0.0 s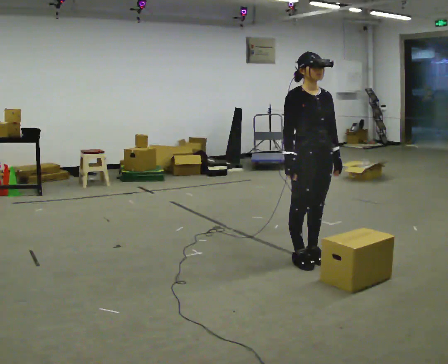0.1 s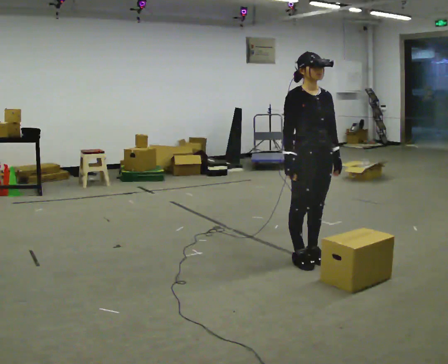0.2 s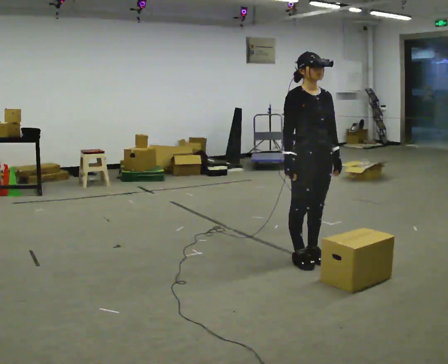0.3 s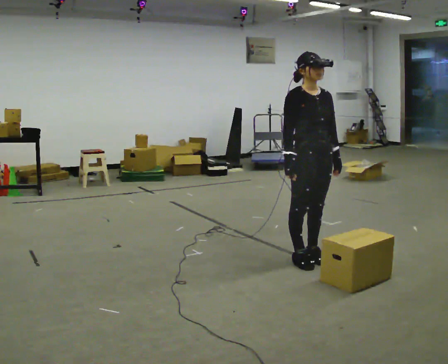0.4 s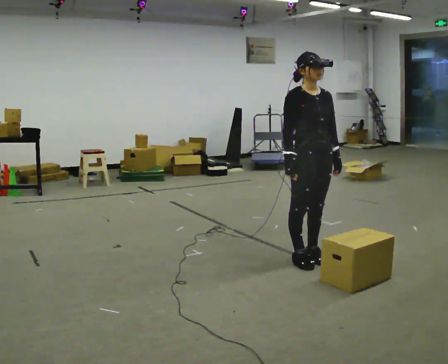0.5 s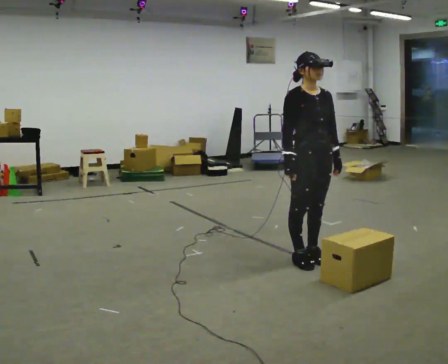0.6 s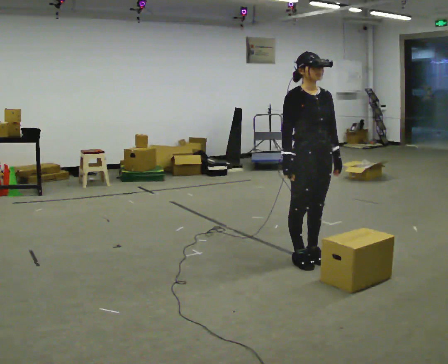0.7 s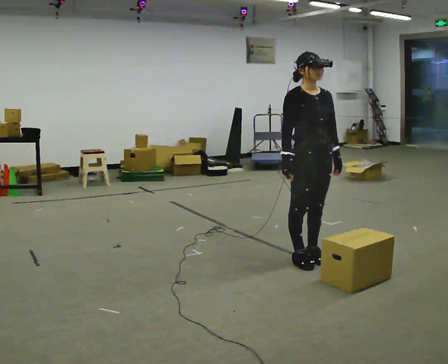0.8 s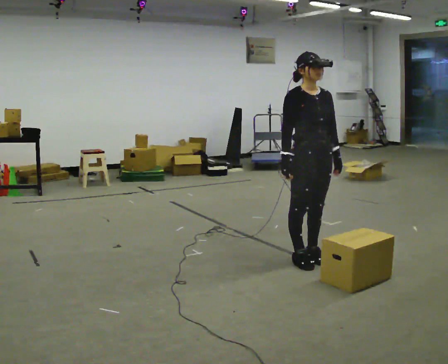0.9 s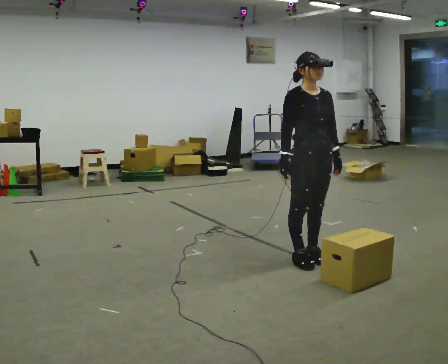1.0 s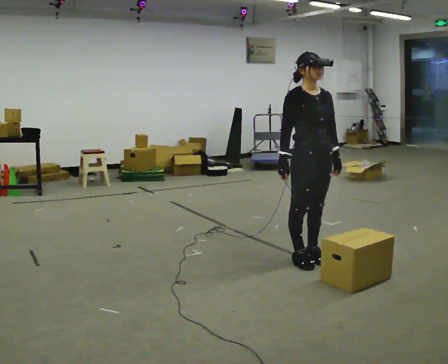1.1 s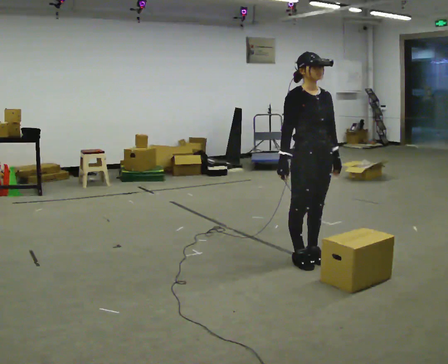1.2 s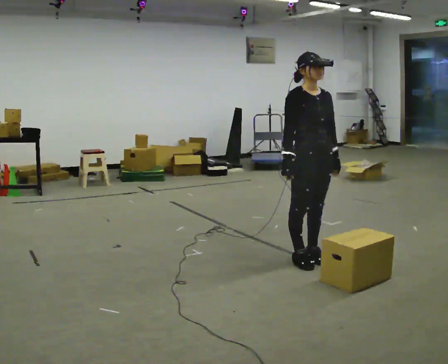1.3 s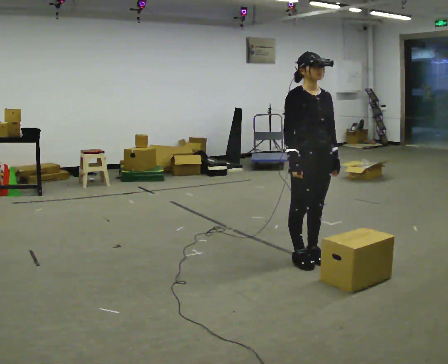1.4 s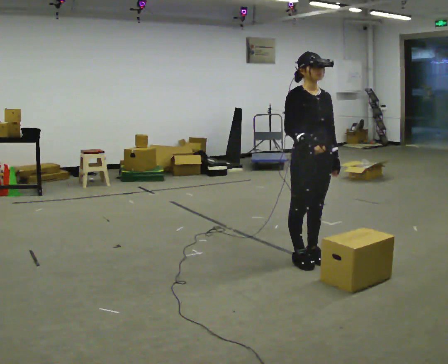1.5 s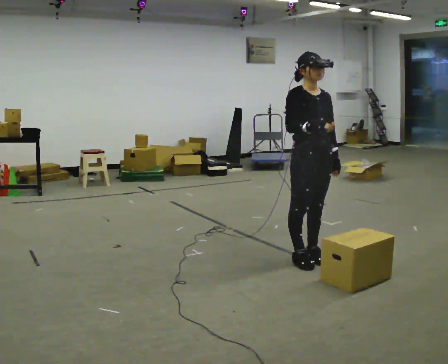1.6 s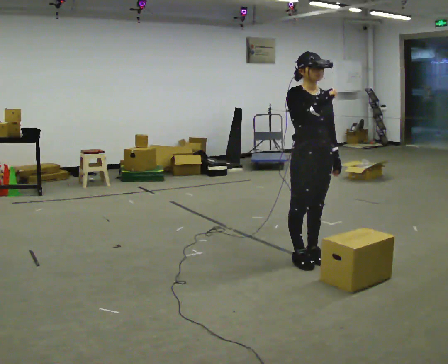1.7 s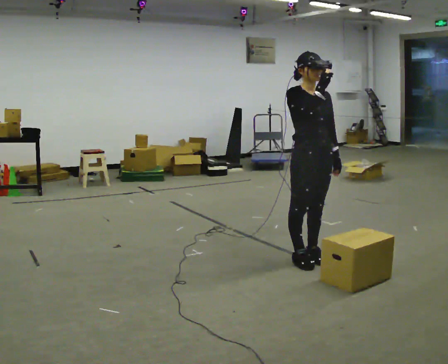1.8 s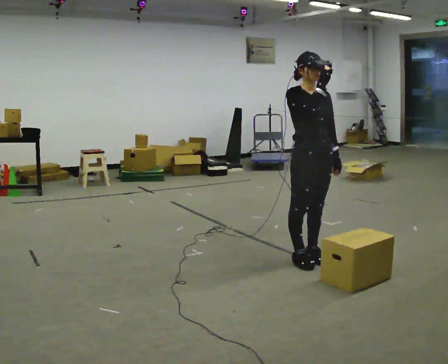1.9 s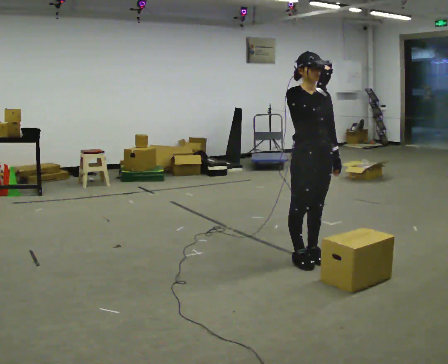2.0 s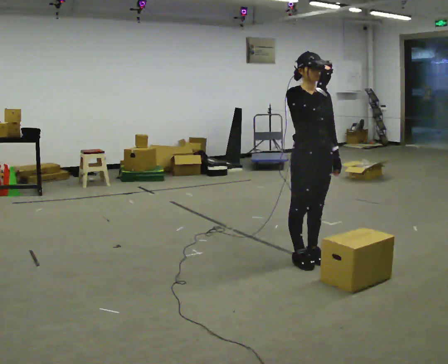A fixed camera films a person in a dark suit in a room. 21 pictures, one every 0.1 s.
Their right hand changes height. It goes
upward.
0.0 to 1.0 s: The person moves a little, or ends about where they began.
1.0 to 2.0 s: In the picture their right hand goes upward.
The film runs backward here.
